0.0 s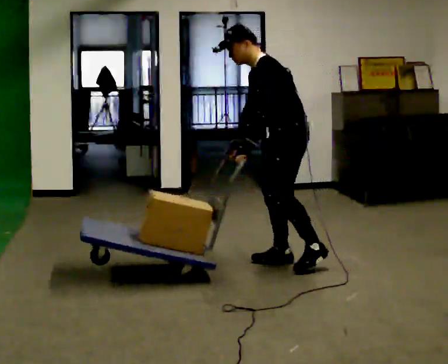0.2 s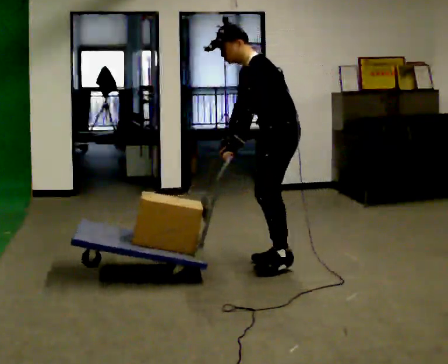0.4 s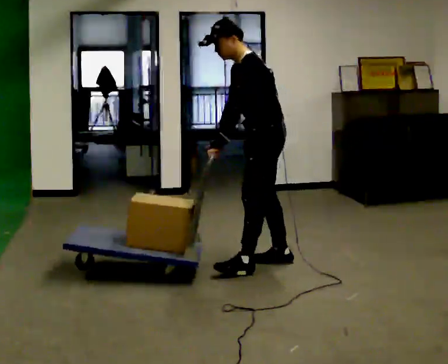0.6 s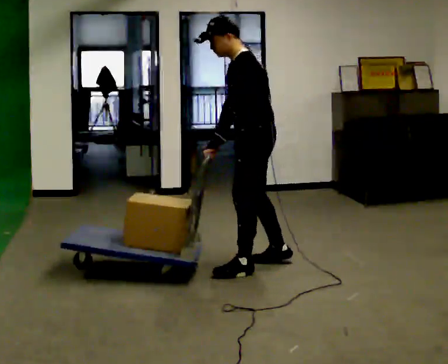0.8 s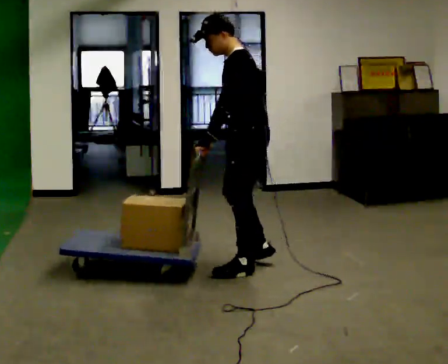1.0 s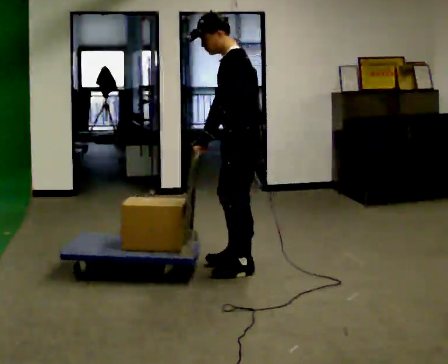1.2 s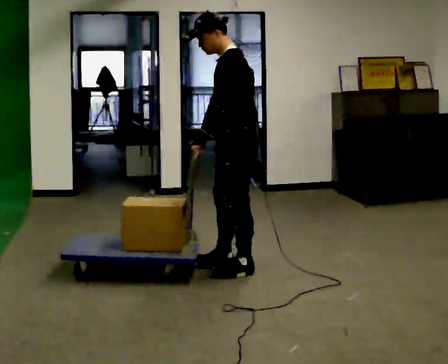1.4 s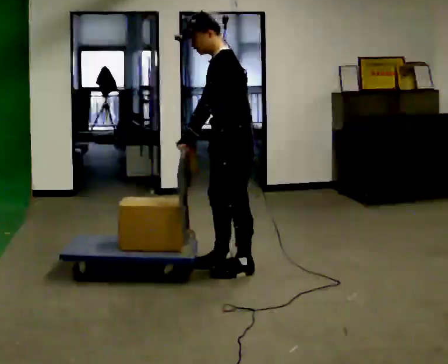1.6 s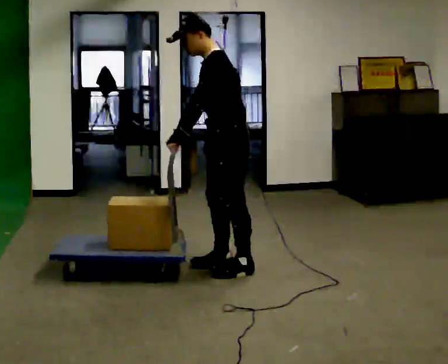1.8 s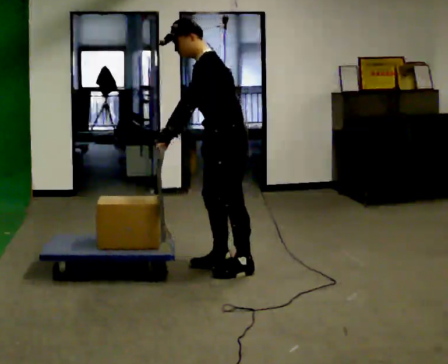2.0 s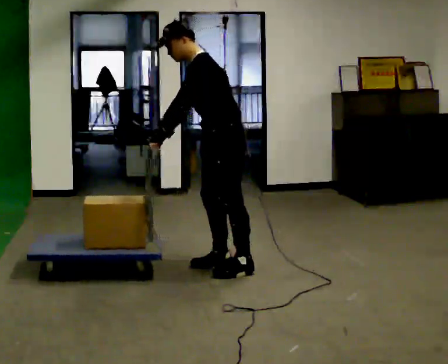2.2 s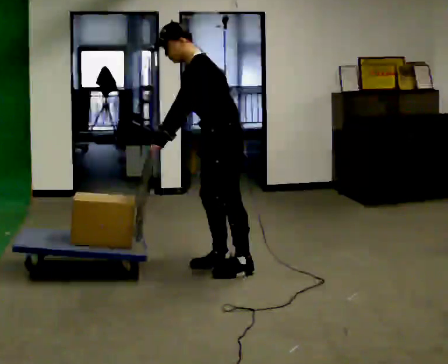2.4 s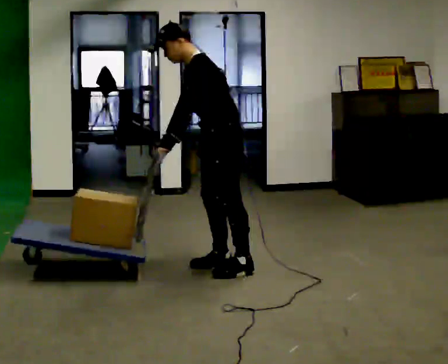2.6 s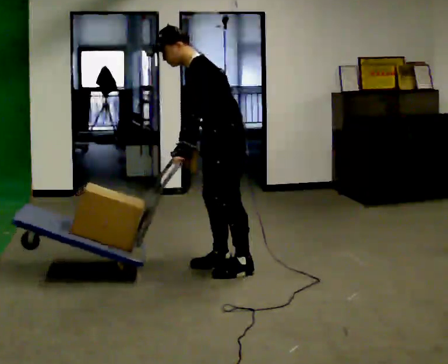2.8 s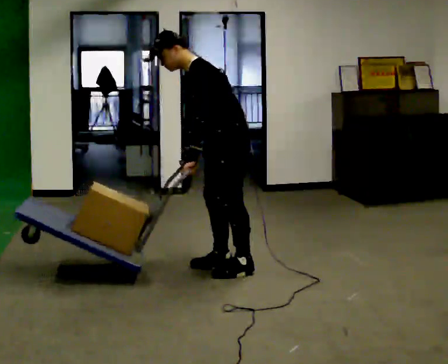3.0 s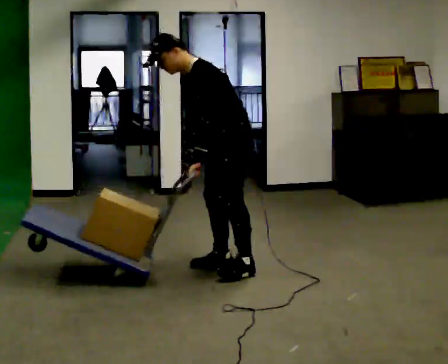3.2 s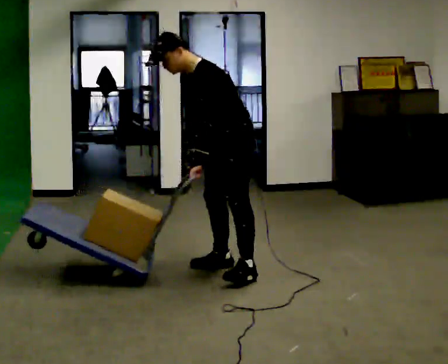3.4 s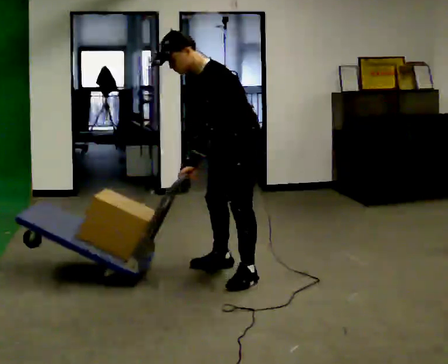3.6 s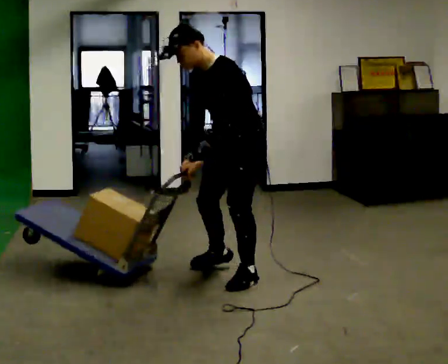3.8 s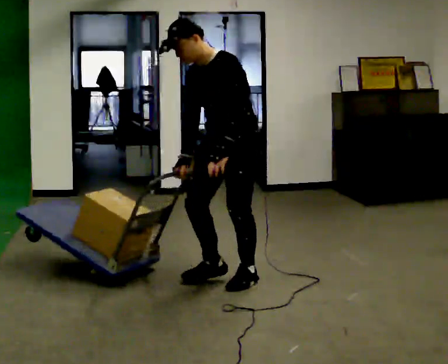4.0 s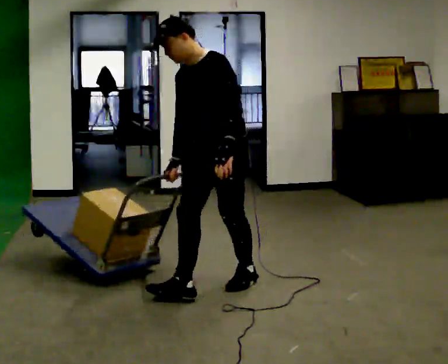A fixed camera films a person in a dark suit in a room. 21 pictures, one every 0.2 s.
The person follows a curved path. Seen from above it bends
counterclockwise.
0.0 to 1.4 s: In the picture they go to the left, about 0.5 m in 2 steps, which for them is forward. In the picture the upper body tilts clockwise, shoulders to the right, as they lean back or straighten.
1.4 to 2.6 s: In the picture the upper body tilts counterclockwise, shoulders to the left, as they bend forward.
2.6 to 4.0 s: The person turns about 45 degrees to their left, counterclockwise seen from above, so the part of the body nearest the lens slides to the right. In the picture they go toward the camera, about 0.5 m in 1 step, which for them is to their left and forward.
The film runs forward here.
